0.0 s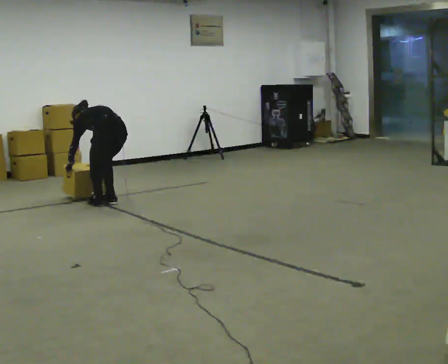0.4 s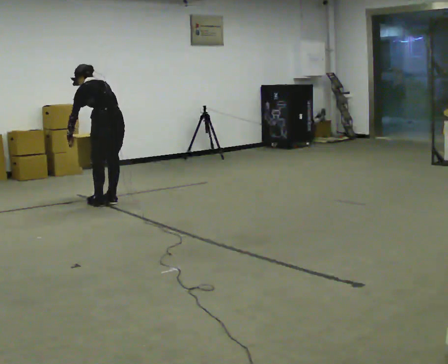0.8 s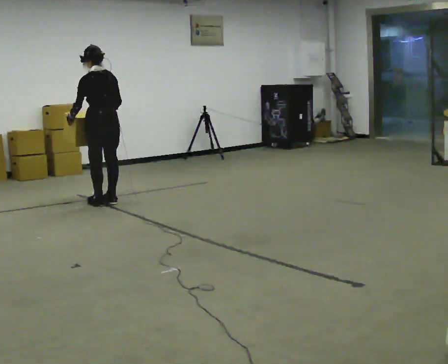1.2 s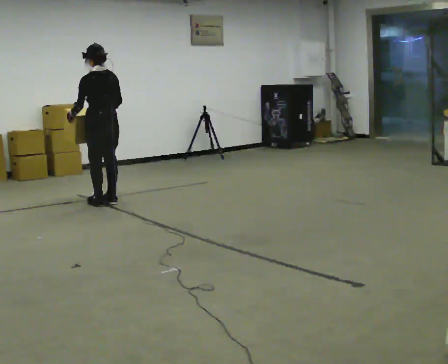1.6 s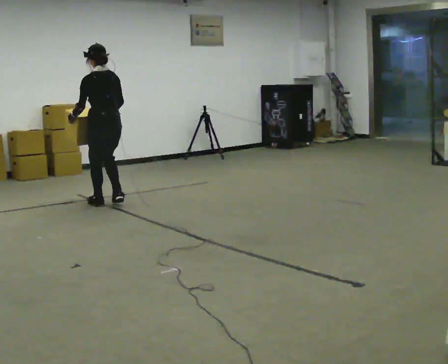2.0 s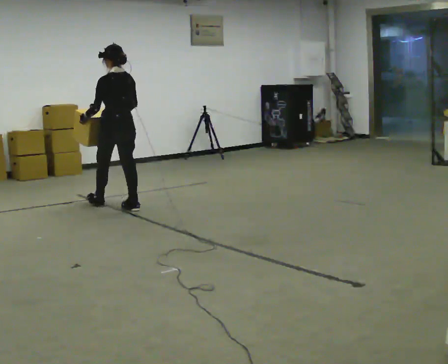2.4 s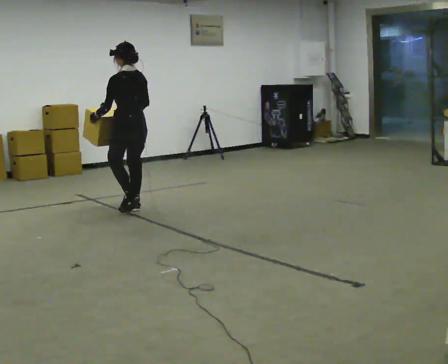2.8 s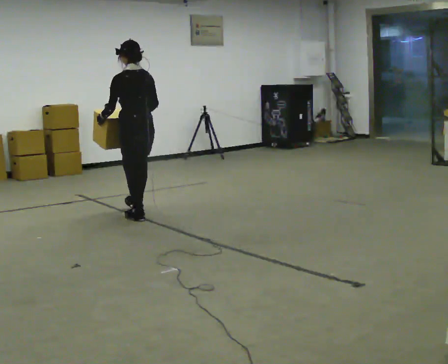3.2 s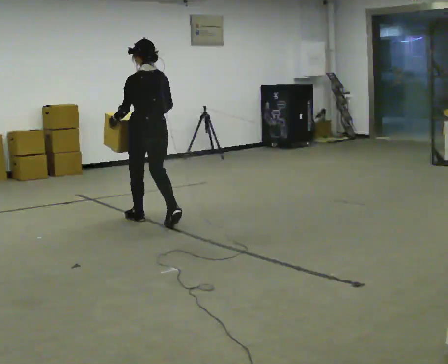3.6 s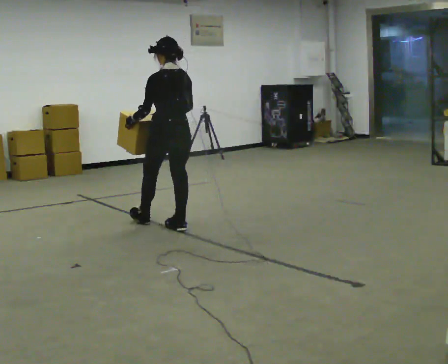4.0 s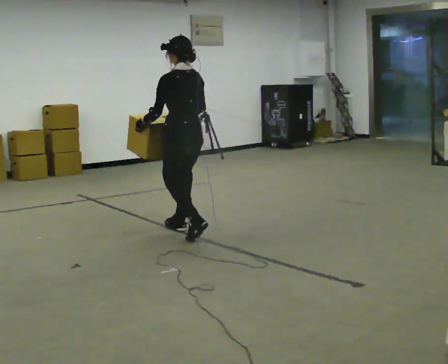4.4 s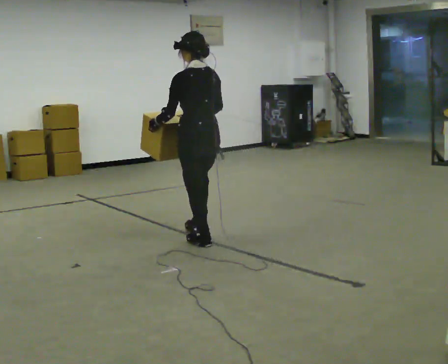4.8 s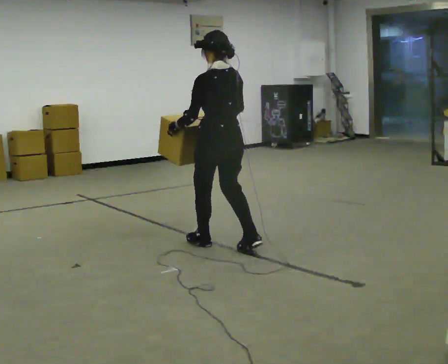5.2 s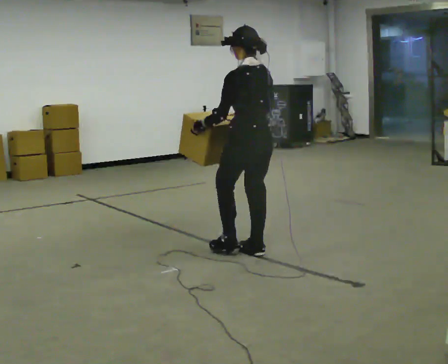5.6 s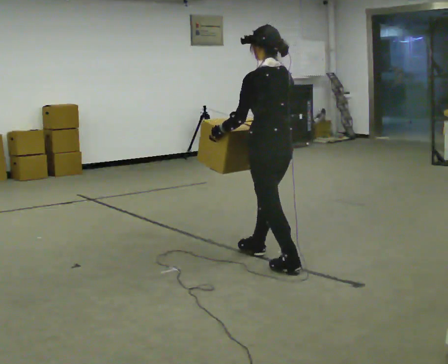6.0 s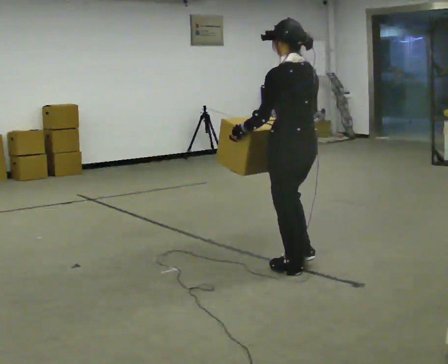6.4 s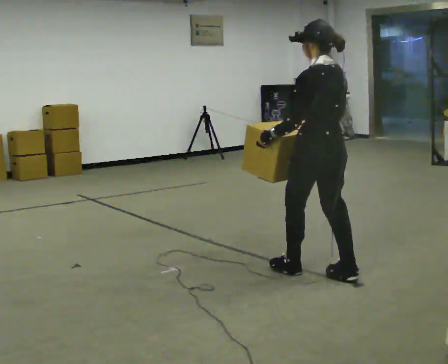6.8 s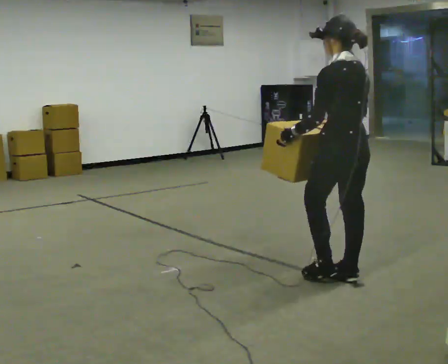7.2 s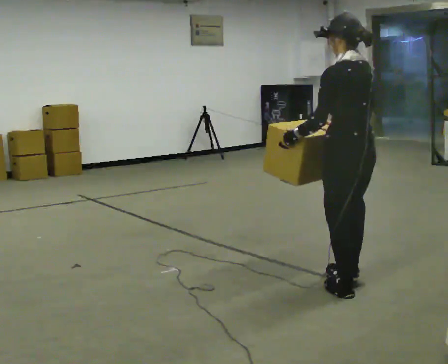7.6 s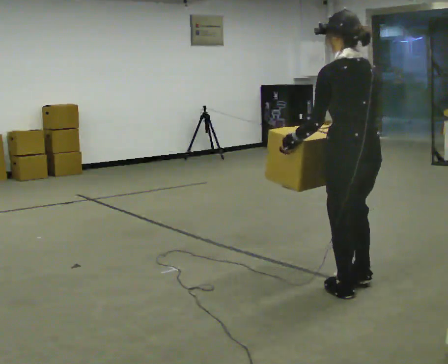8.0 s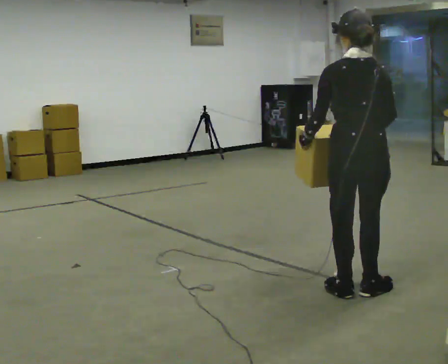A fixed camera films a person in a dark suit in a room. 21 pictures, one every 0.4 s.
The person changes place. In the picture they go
toward the camera.
0.0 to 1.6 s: The upper body goes upward. The upper body tips toward the camera, its near side rolling downward, as they lean back or straighten. In the picture their right hand goes upward.
1.6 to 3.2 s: In the picture they go toward the camera and to the right, about 1 m in 2 steps, which for them is backward.
3.2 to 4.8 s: In the picture they go toward the camera and to the right, about 1 m in 2 steps, which for them is backward.
4.8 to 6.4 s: In the picture they go toward the camera and to the right, about 1 m in 2 steps, which for them is backward.
6.4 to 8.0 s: The part of the body nearest the lens slides to the left as the person turns to their right by about 30 degrees. In the picture they go toward the camera, about 0.5 m in 2 steps, which for them is backward.
The film runs backward here.
